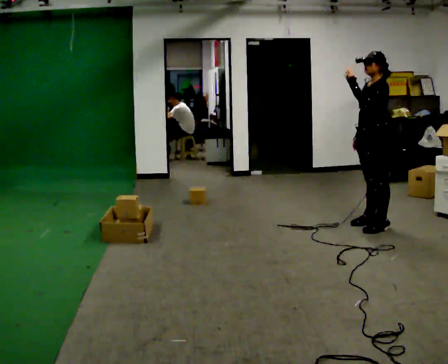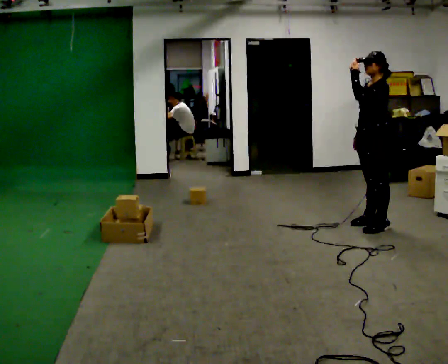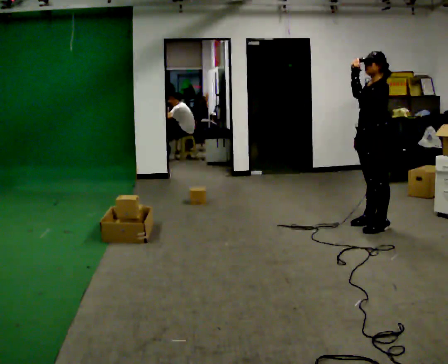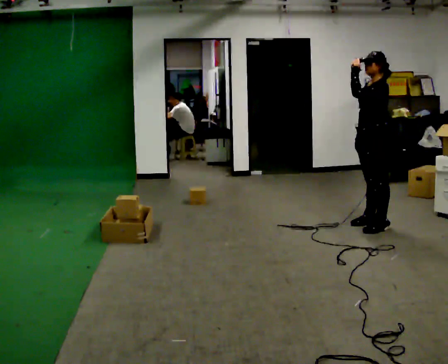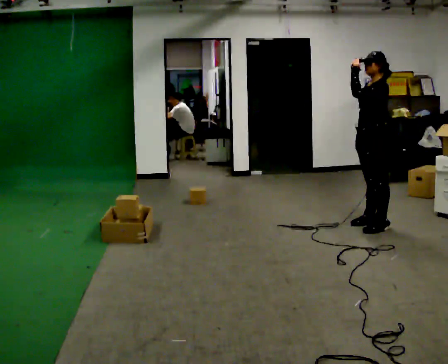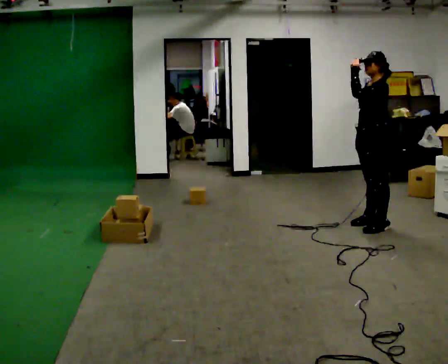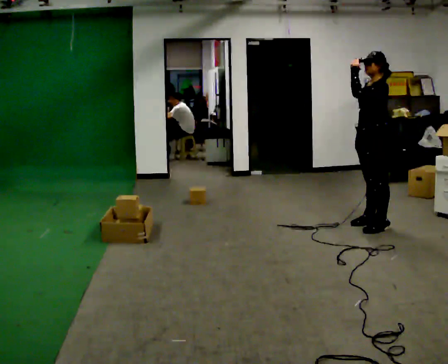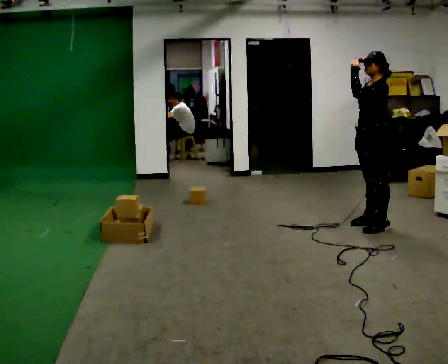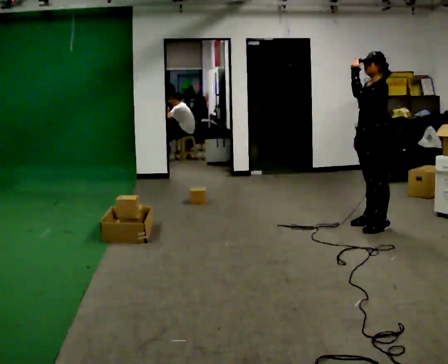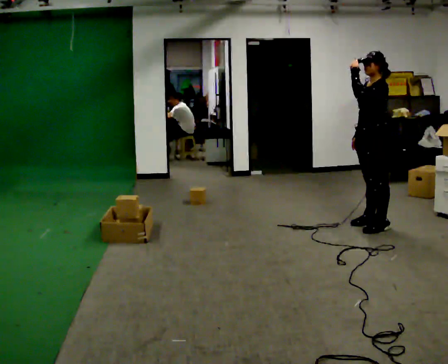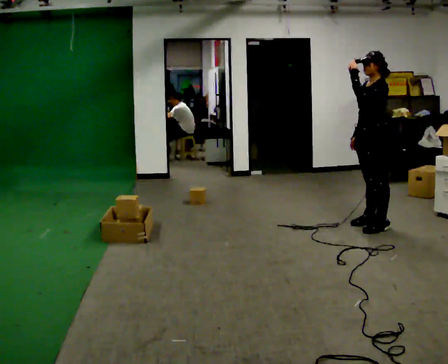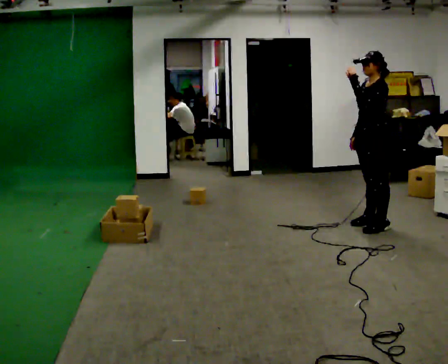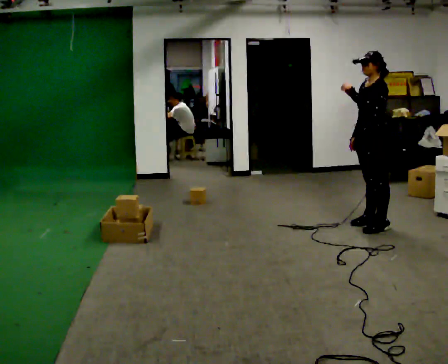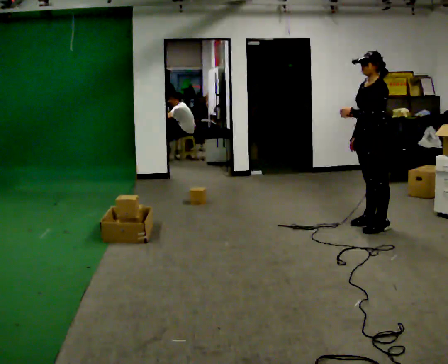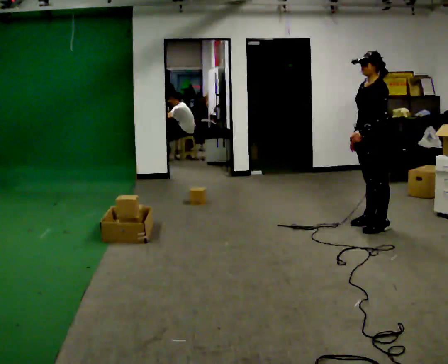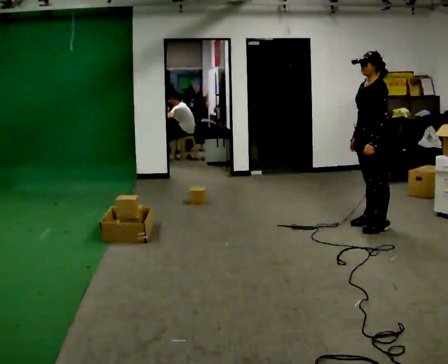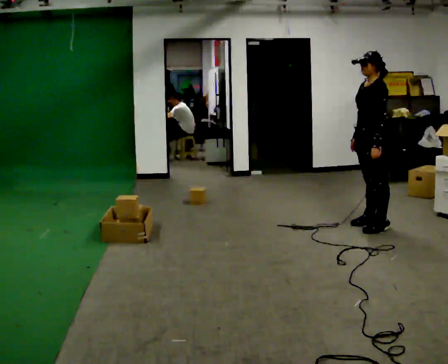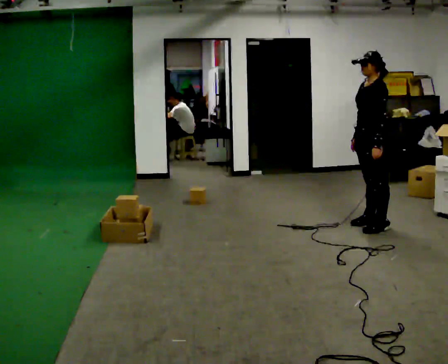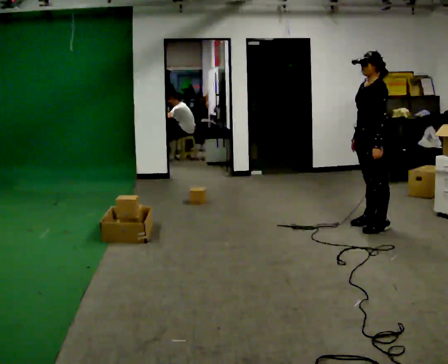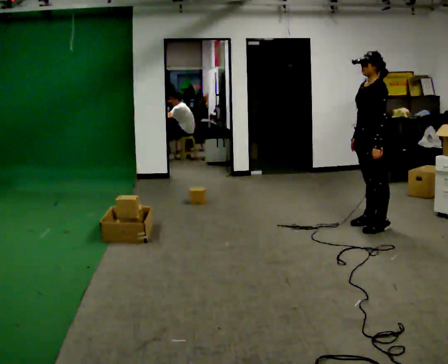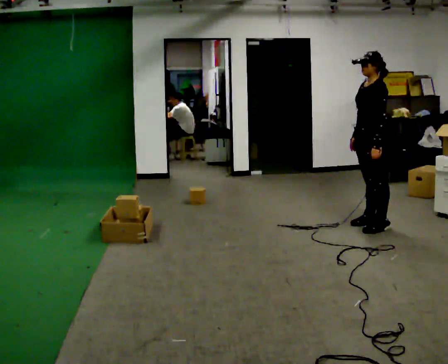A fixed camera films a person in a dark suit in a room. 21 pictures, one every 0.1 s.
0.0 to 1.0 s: The person moves a little, or ends about where they began.
1.0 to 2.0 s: In the picture their left hand goes downward.
The film runs backward here.
